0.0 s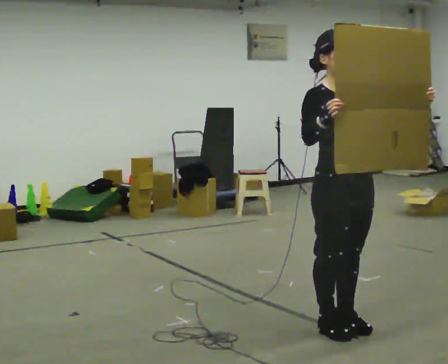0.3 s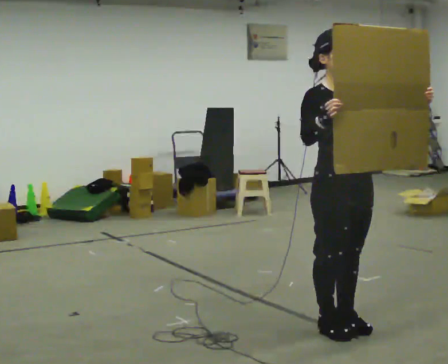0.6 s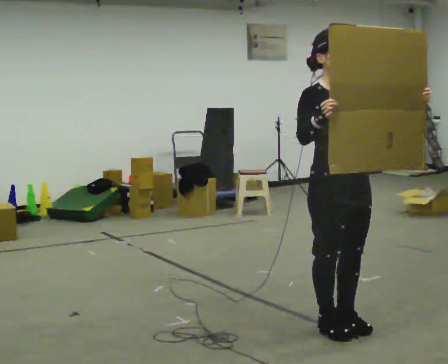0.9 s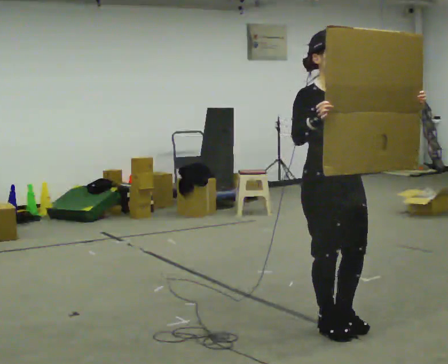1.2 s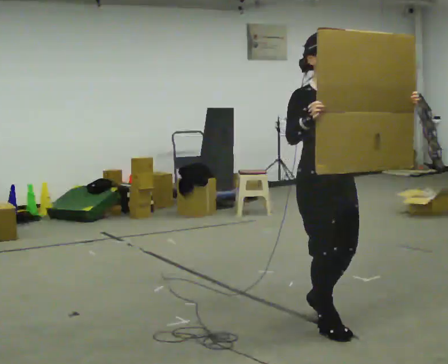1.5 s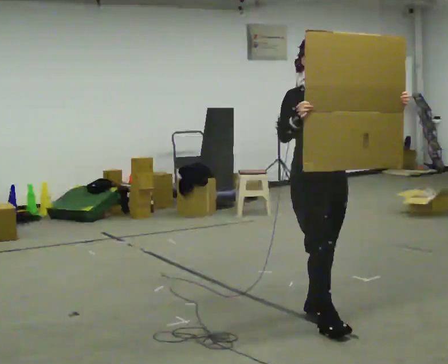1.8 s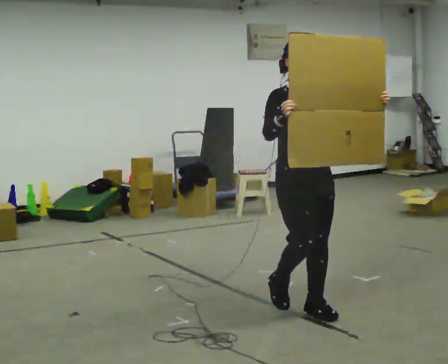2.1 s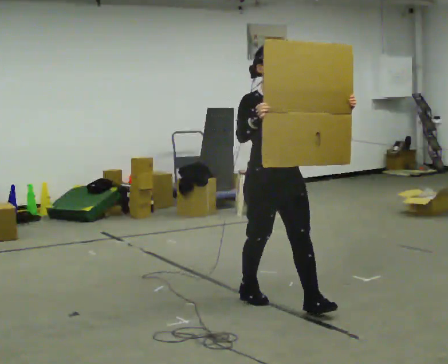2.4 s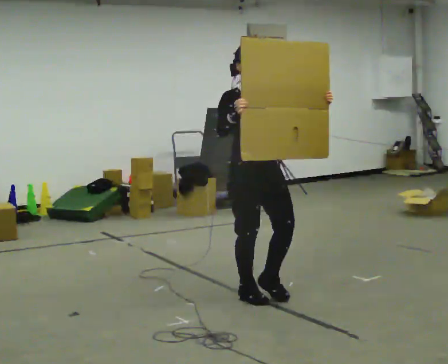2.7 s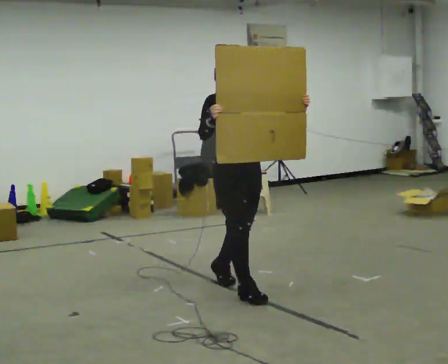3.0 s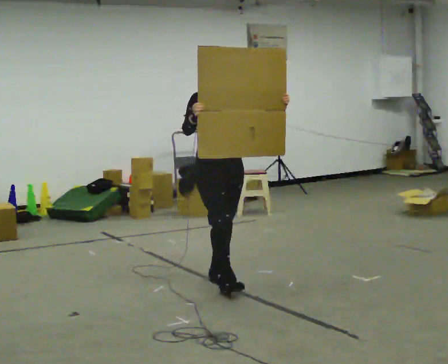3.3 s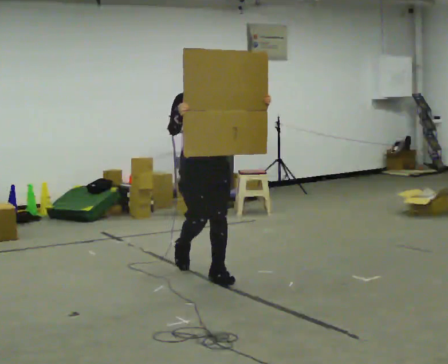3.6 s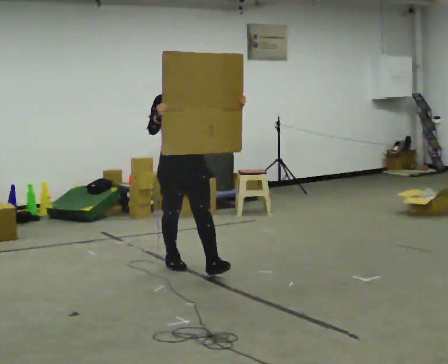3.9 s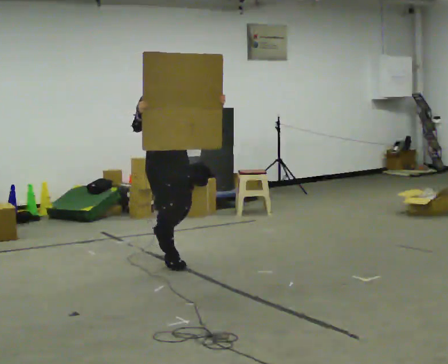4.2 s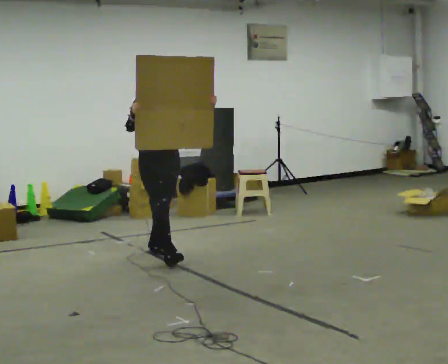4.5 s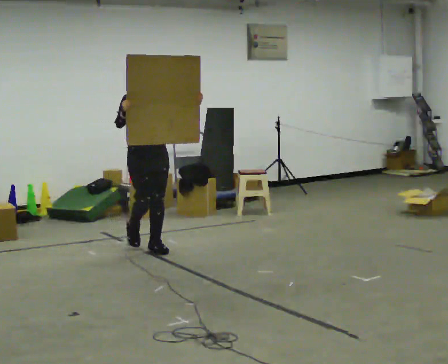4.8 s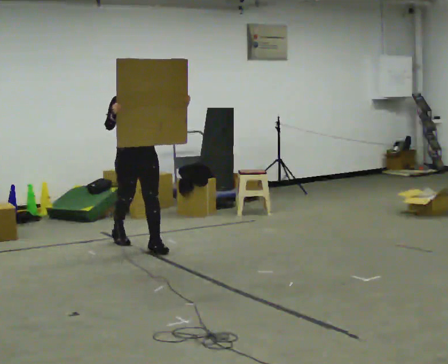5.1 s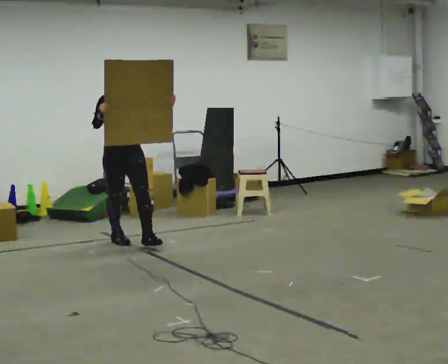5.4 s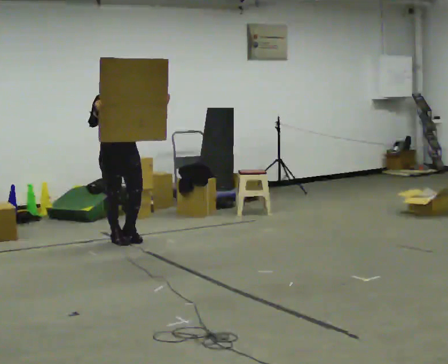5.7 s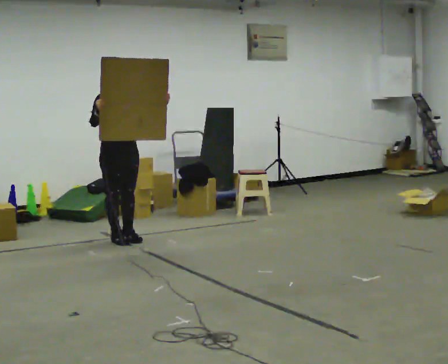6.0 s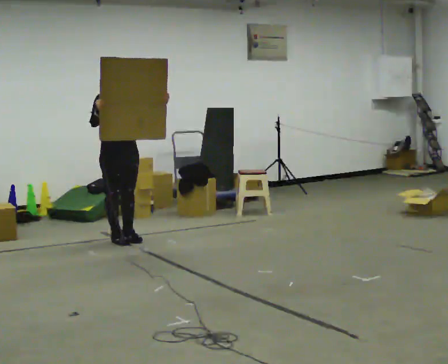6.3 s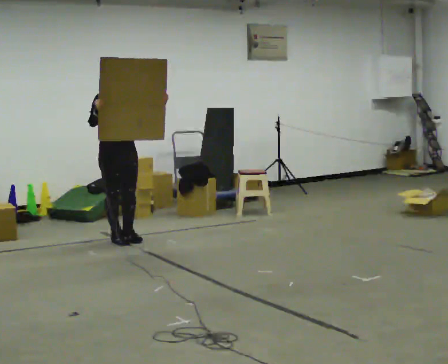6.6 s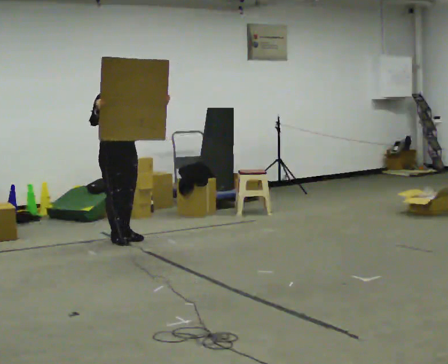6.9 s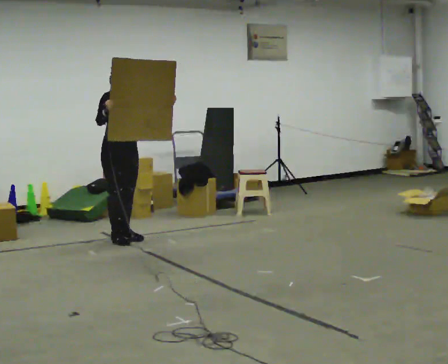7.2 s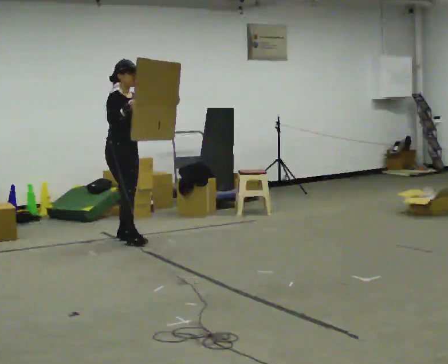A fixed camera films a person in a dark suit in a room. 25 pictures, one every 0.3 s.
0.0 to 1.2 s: The person moves a little, or ends about where they began.
1.2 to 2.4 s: In the picture they go away from the camera and to the left, about 0.75 m in 2 steps, which for them is backward.
2.4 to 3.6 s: In the picture they go away from the camera and to the left, about 1 m in 2 steps, which for them is backward.
3.6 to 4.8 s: In the picture they go away from the camera and to the left, about 1 m in 1 step, which for them is backward.
4.8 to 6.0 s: In the picture they go away from the camera and to the left, about 0.5 m in 1 step, which for them is backward.
6.0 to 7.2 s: The person moves a little, or ends about where they began.
The film runs backward here.
